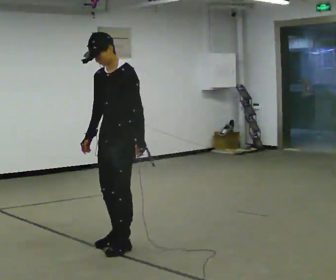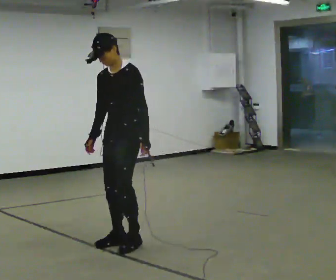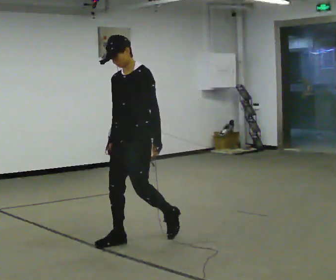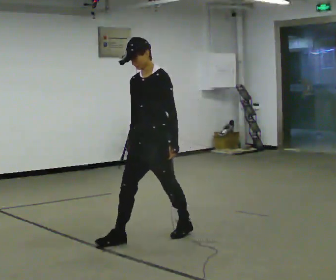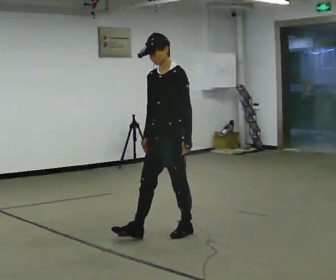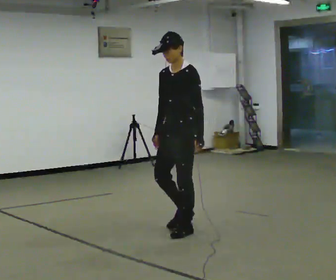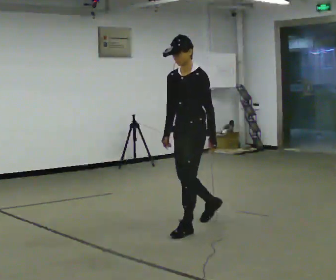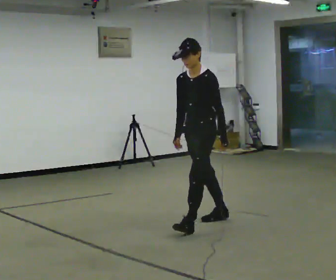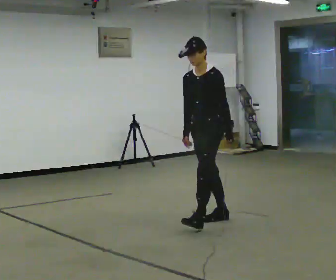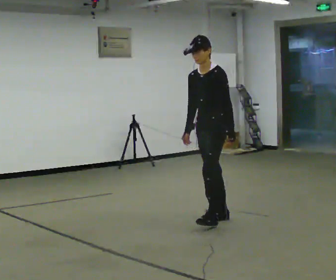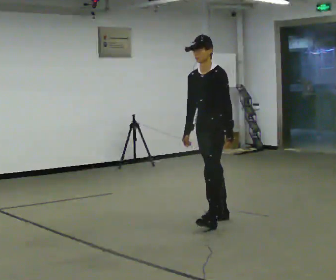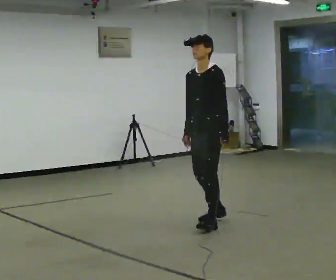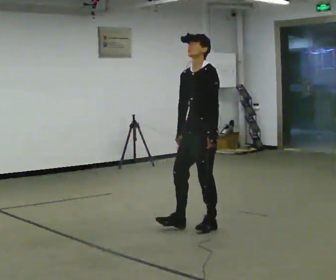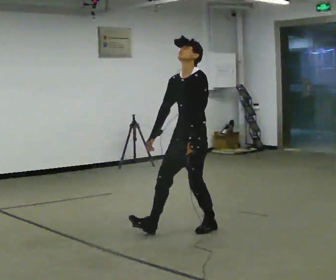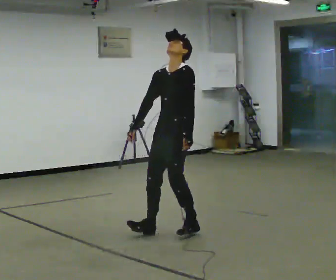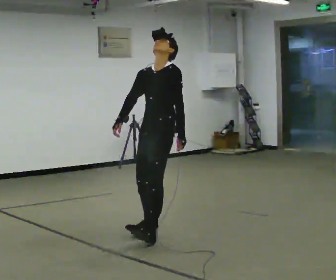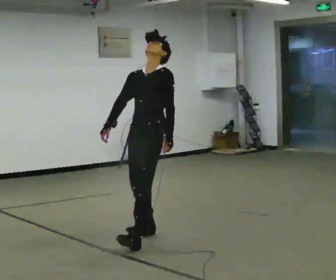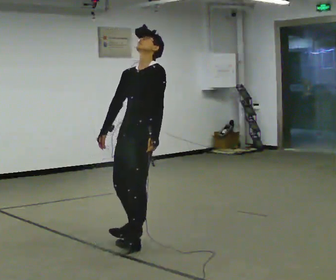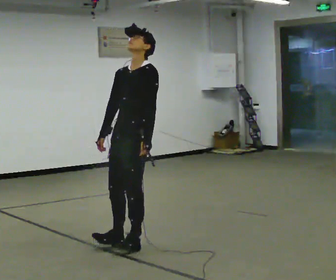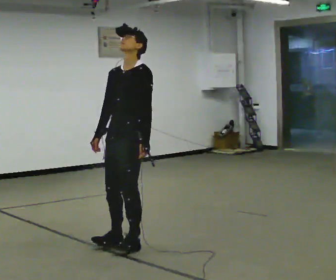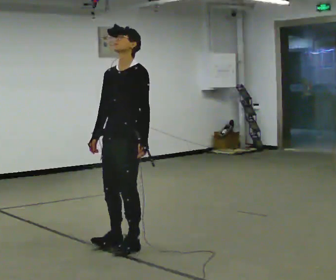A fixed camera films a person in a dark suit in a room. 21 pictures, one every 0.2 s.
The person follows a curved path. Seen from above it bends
clockwise.
0.0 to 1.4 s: In the picture they go away from the camera and to the right, about 1 m in 2 steps, which for them is backward.
1.4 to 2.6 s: In the picture they go toward the camera, about 0.25 m in 2 steps, which for them is forward.
2.6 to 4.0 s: In the picture they go toward the camera and to the left, about 1 m in 2 steps, which for them is forward.
The film runs backward here.
